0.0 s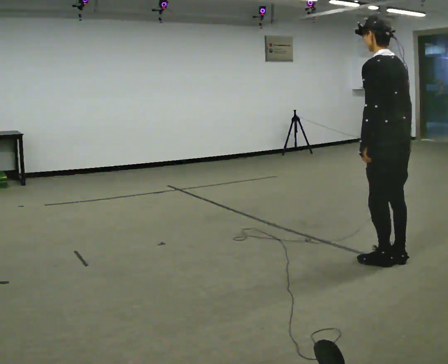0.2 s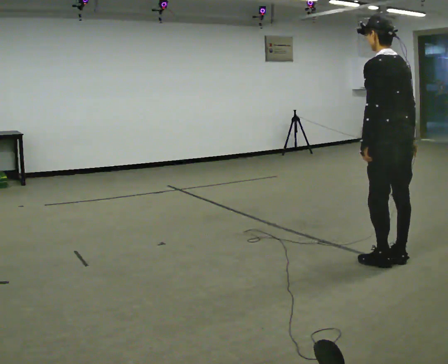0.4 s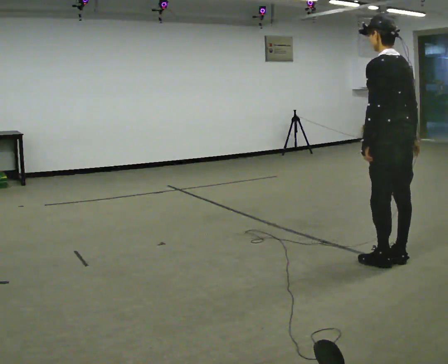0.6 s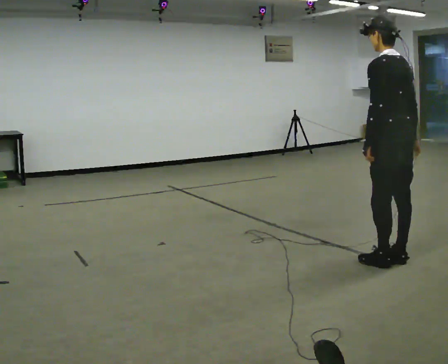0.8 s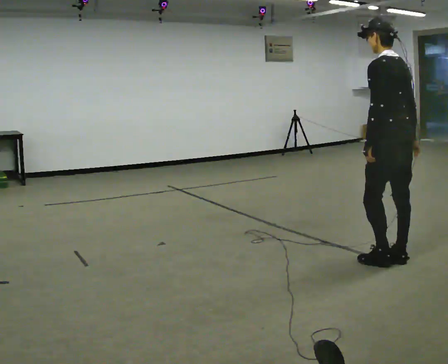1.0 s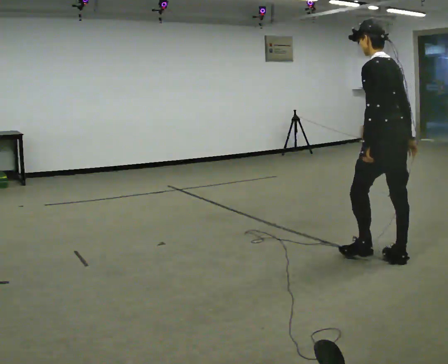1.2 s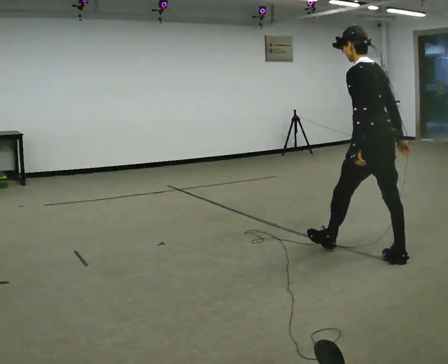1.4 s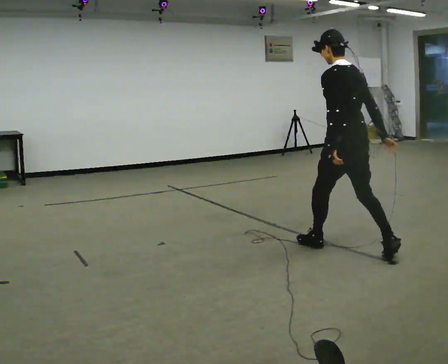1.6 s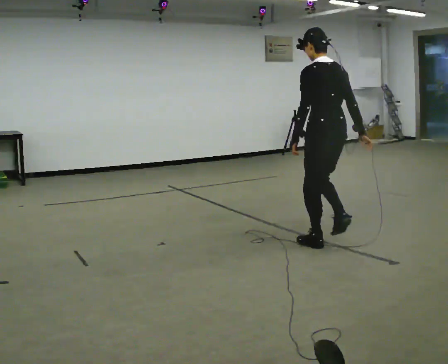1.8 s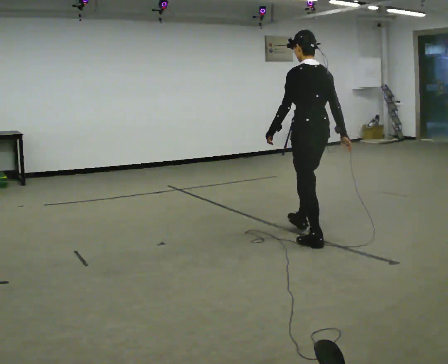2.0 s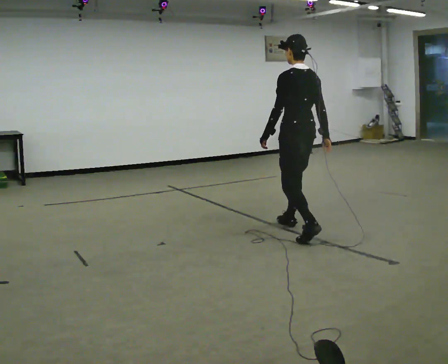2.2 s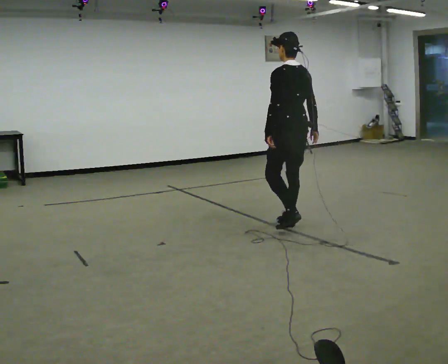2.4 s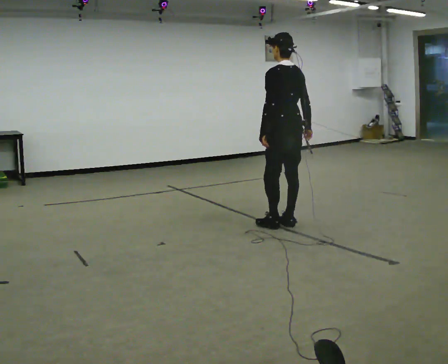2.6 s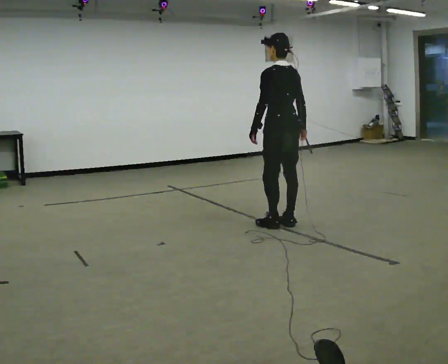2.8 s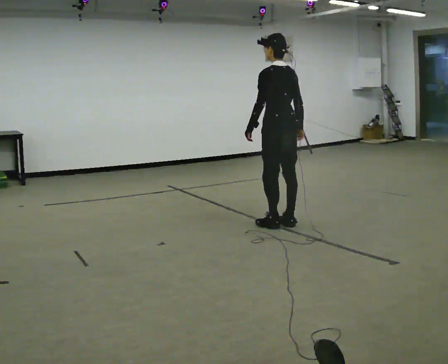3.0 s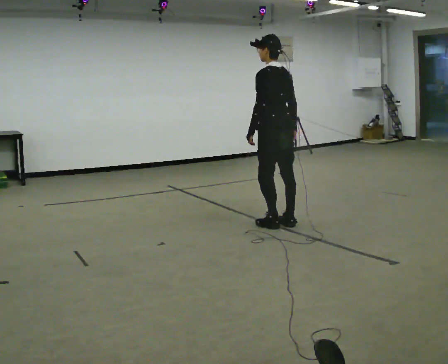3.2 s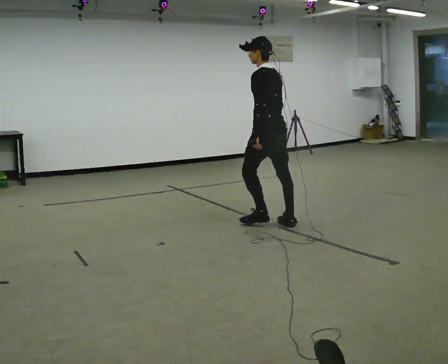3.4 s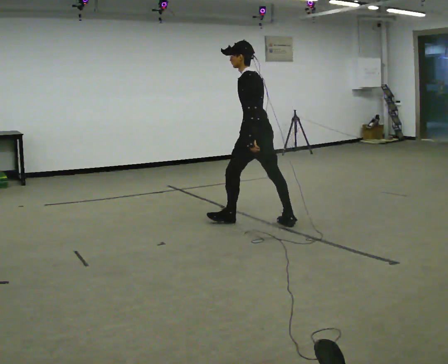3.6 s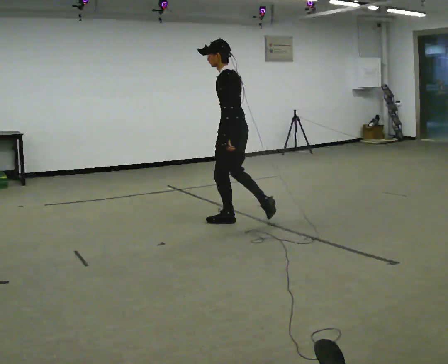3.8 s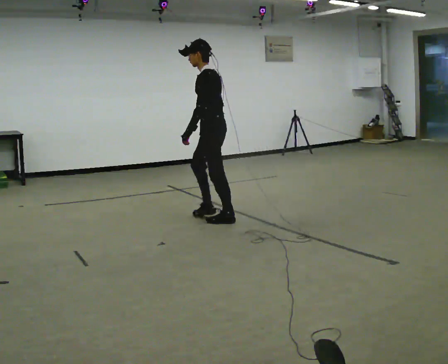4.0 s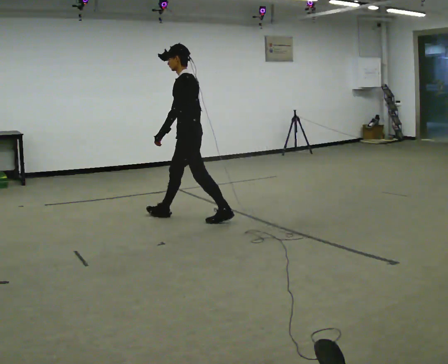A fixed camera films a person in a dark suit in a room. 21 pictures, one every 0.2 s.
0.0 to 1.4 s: In the picture they go away from the camera and to the left, about 0.5 m in 1 step, which for them is forward.
1.4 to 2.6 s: In the picture they go away from the camera and to the left, about 1 m in 2 steps, which for them is forward.
2.6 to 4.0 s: The person turns about 45 degrees to their left, counterclockwise seen from above, so the part of the body nearest the lens slides to the right. In the picture they go to the left, about 1 m in 2 steps, which for them is forward.
The film runs forward here.
